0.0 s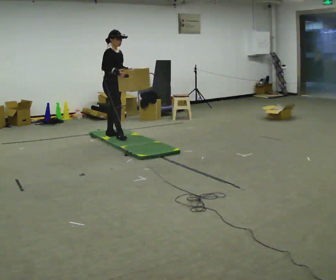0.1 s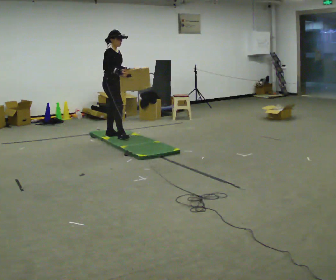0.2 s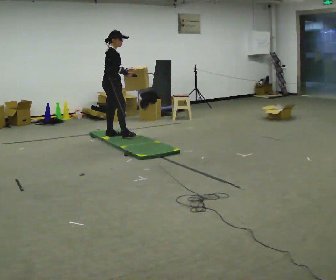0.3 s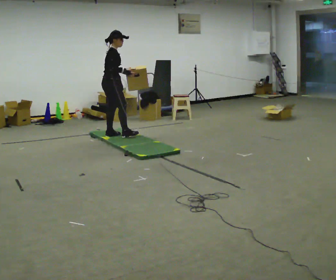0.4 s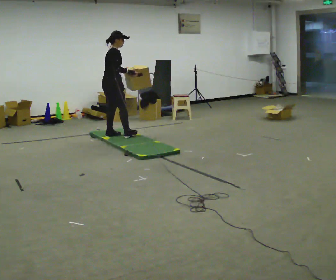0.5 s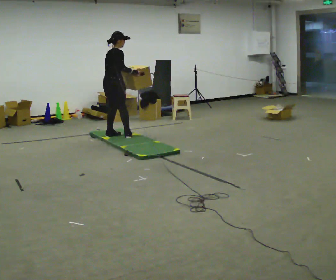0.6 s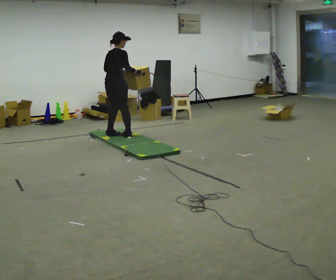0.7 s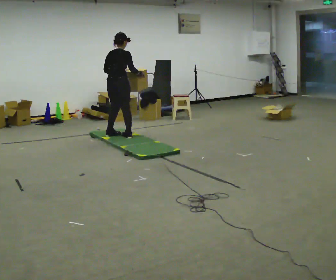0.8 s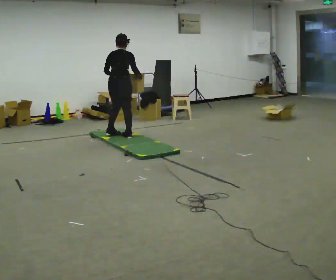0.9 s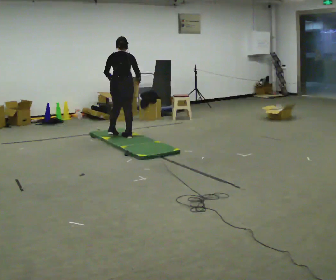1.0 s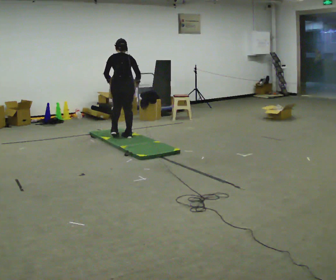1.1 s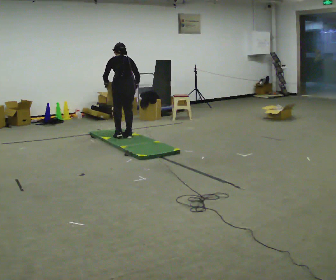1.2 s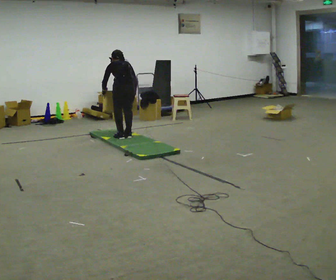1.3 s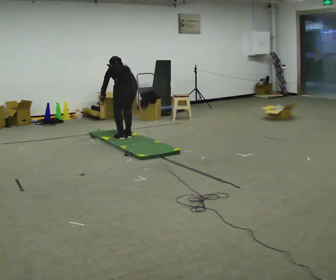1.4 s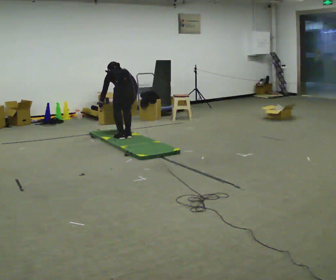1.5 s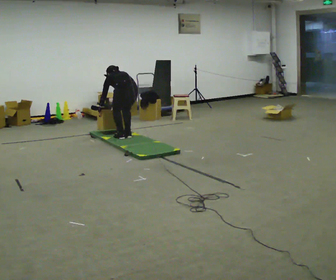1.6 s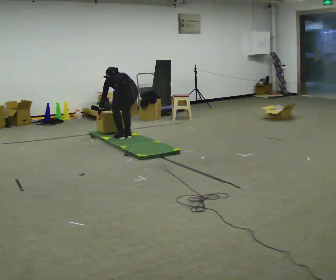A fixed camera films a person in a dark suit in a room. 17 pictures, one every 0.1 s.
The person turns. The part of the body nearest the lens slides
to the right.
The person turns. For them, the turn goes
to their left.
0.0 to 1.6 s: Seen from above the body turns counterclockwise, about 135 degrees: to their left, with its near side sliding to the right. In the picture they go to the right and toward the camera, about 0.25 m in 1 step. The shoulders move downward. The upper body tips away from the camera, its near side rolling upward, as they bend forward. In the picture their left hand goes downward.
The film runs backward here.
